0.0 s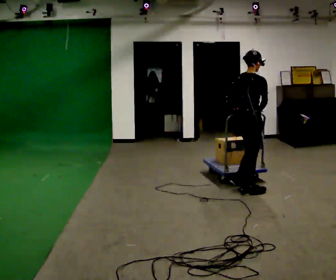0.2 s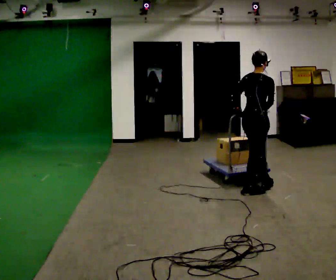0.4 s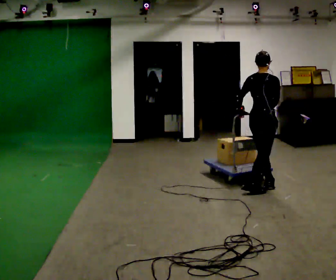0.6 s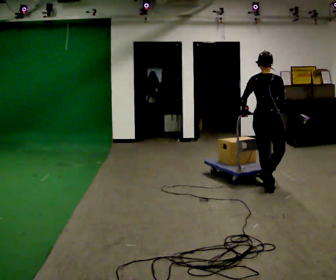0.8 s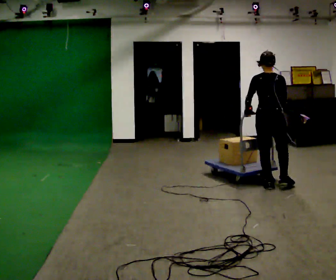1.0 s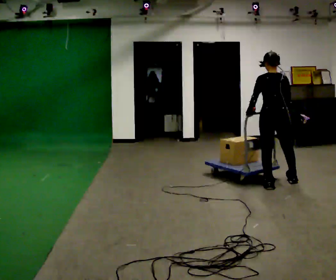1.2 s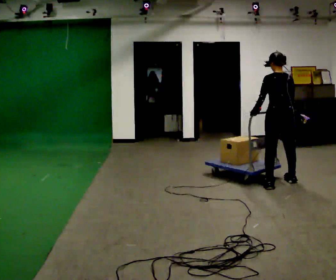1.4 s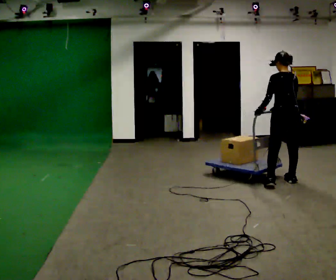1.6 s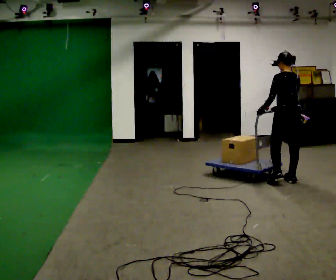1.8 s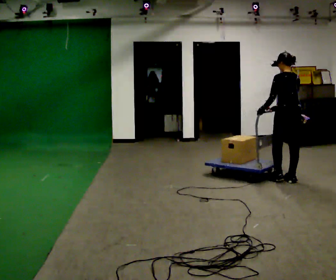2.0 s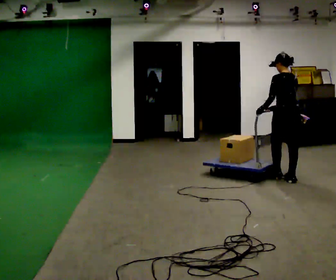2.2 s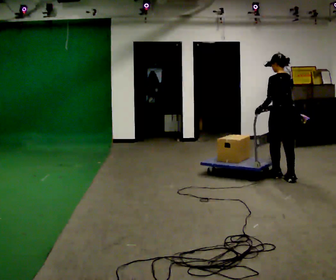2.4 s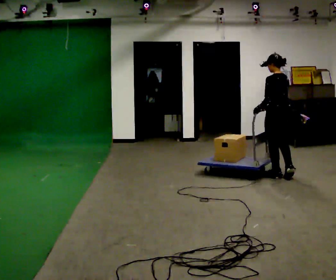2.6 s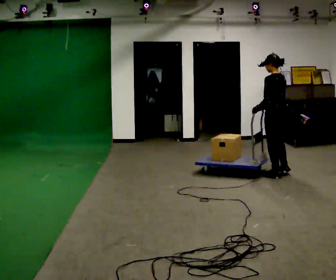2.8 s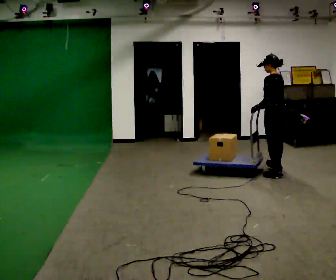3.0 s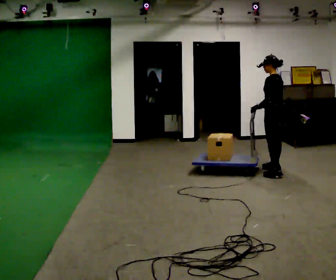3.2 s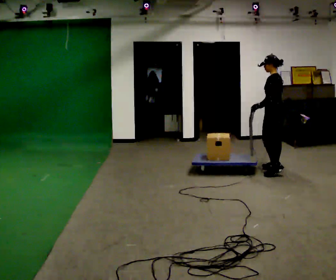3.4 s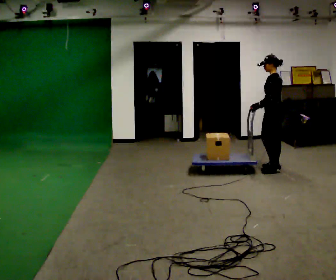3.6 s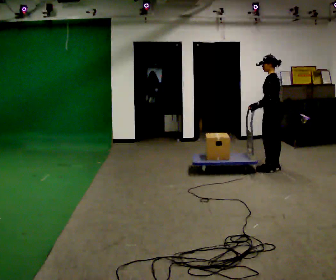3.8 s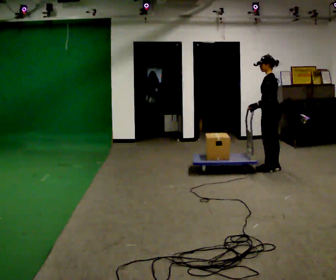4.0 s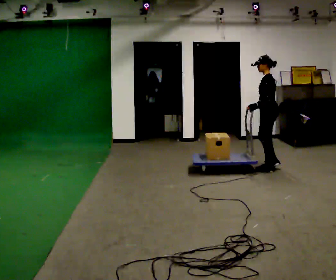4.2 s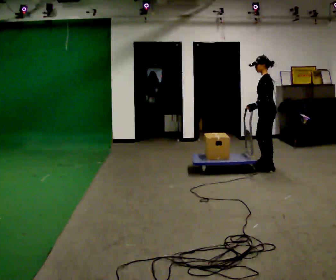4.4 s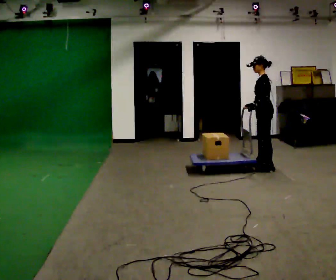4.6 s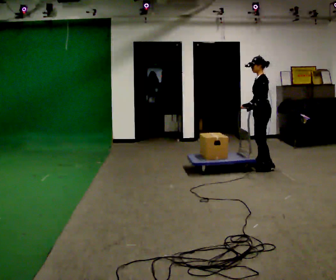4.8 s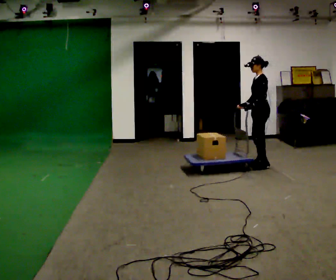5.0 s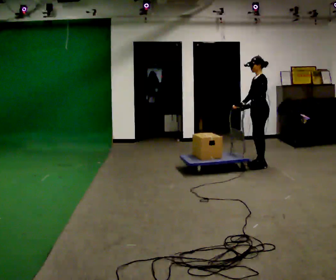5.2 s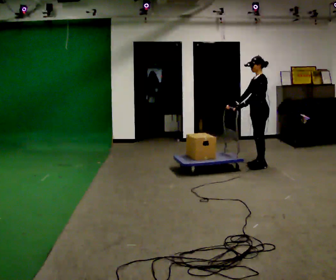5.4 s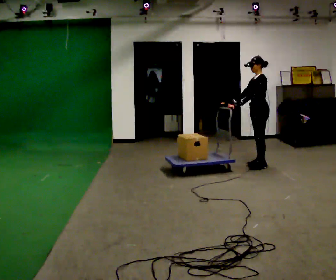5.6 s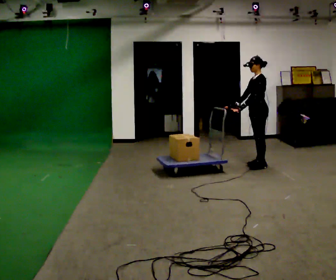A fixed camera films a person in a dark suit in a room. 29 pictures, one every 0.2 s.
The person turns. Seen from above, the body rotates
counterclockwise.
The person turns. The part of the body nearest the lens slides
to the right.
0.0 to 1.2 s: The person turns about 60 degrees to their left, counterclockwise seen from above, so the part of the body nearest the lens slides to the right. In the picture they go to the right and away from the camera, about 0.5 m in 2 steps.
1.2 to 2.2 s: In the picture they go away from the camera, about 0.25 m in 1 step, which for them is forward and to their right.
2.2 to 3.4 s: The part of the body nearest the lens slides to the right as the person turns to their left by about 45 degrees. In the picture they go away from the camera, about 0.5 m in 1 step, which for them is to their right and forward.
3.4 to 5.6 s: The person turns about 30 degrees to their left, counterclockwise seen from above, so the part of the body nearest the lens slides to the right. In the picture they go to the left and away from the camera, about 0.25 m in 3 steps, which for them is to their right and forward.
The film runs forward here.
